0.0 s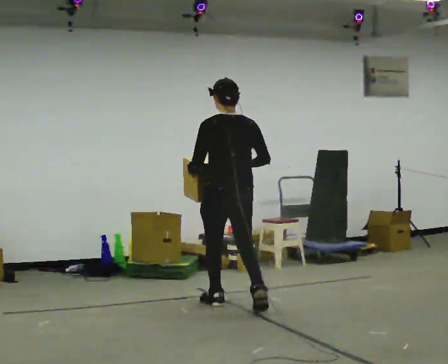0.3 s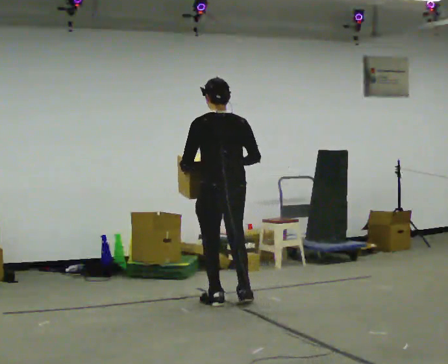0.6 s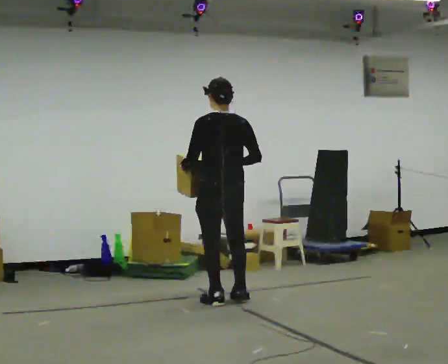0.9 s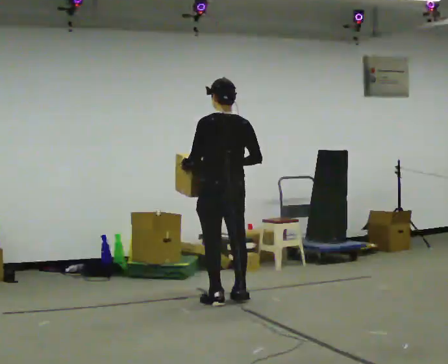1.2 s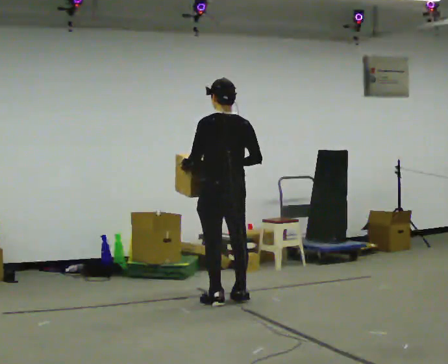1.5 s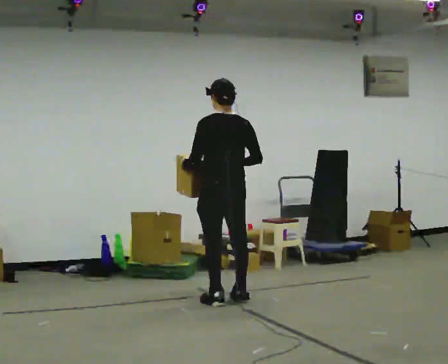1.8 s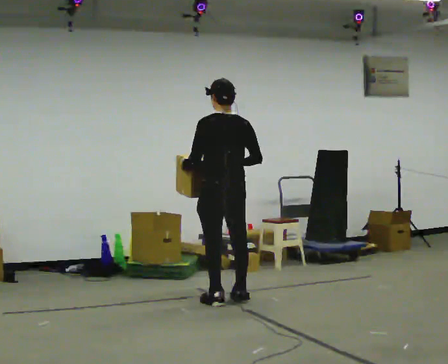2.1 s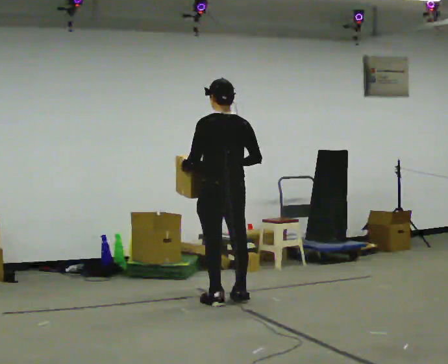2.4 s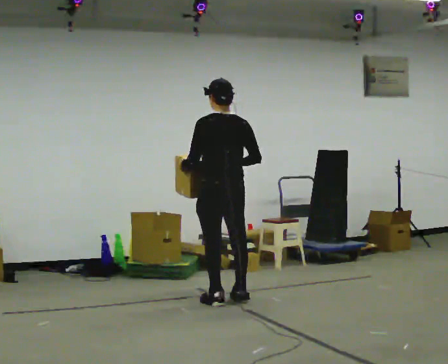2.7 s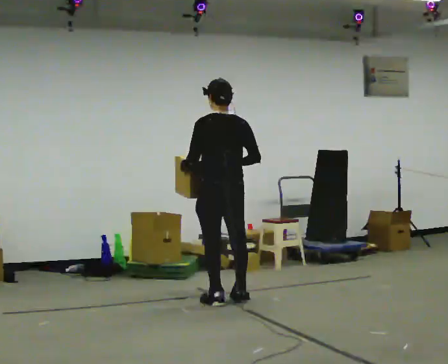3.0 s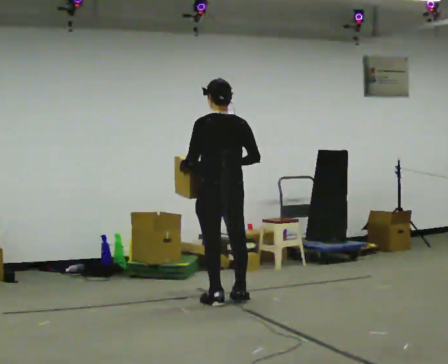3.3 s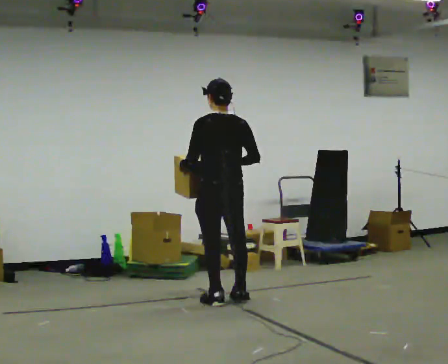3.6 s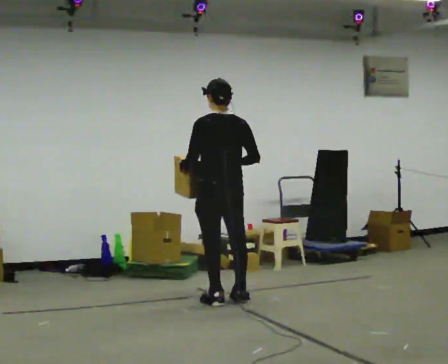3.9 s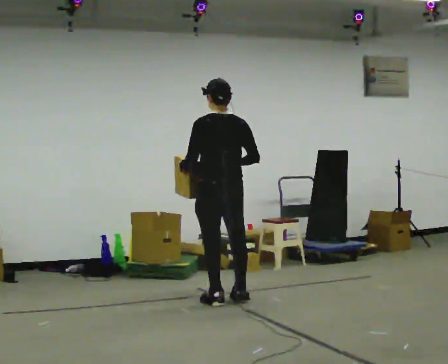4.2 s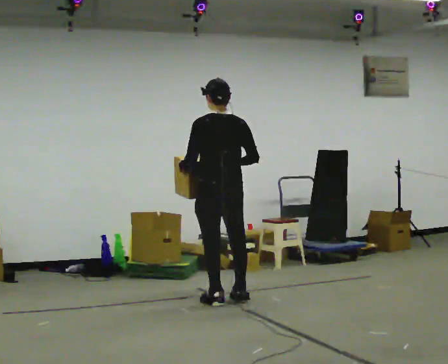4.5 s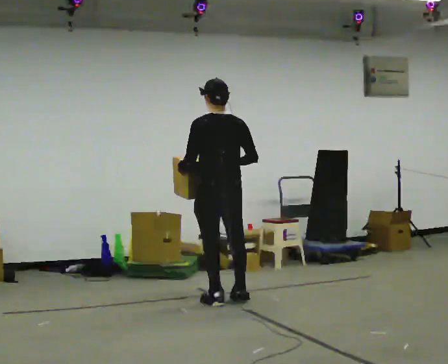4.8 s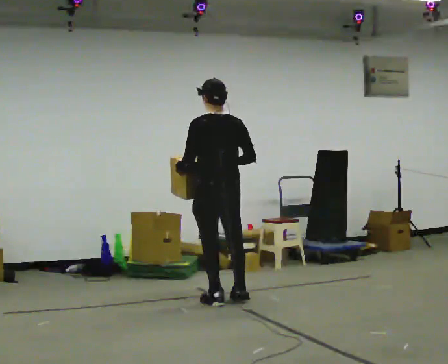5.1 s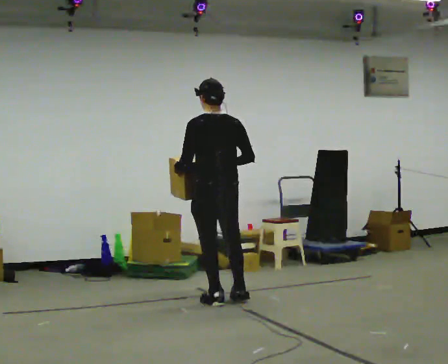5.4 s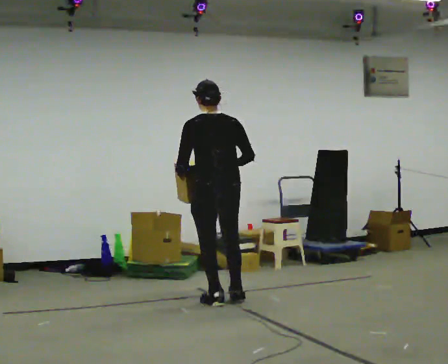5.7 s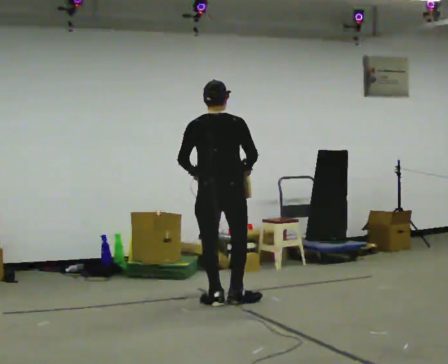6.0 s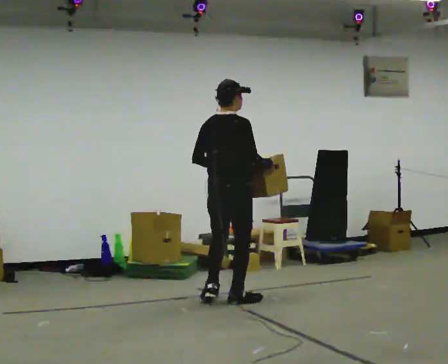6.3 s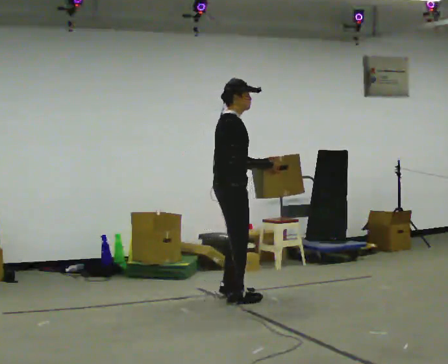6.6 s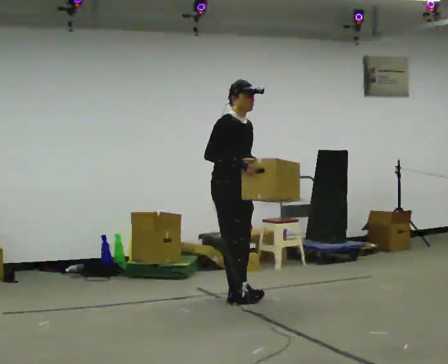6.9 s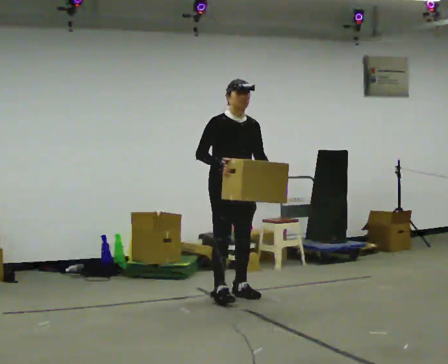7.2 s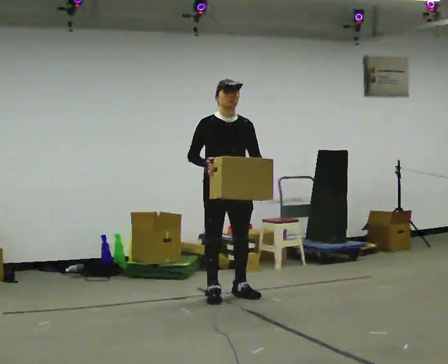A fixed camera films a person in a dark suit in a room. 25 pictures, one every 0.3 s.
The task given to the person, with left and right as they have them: Carry the box in both hands and walk back and forth across the room. The contents may move around. Carry on as best you can.
0.0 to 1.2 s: In the picture they go away from the camera, about 0.25 m in 1 step, which for them is forward.
1.2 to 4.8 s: The person moves a little, or ends about where they began.
4.8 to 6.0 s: Seen from above the body turns clockwise, about 75 degrees: to their right, with its near side sliding to the left. In the picture their left hand goes to the right.
6.0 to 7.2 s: The part of the body nearest the lens slides to the left as the person turns to their right by about 120 degrees. In the picture they go away from the camera, about 0.25 m in 2 steps. In the picture their left hand goes to the right.
The film runs forward here.
